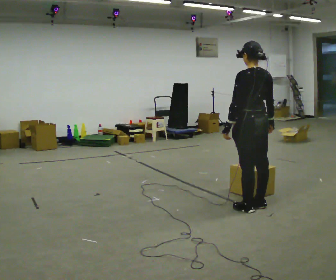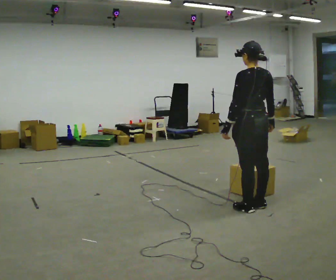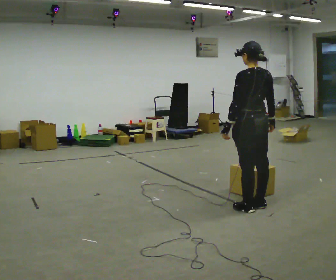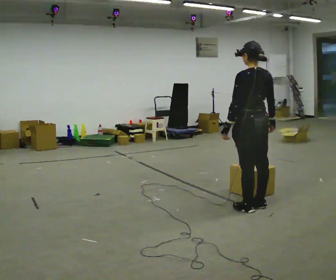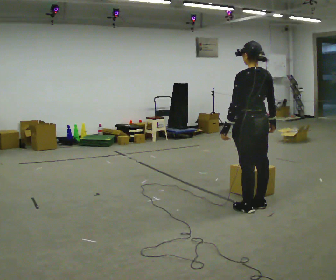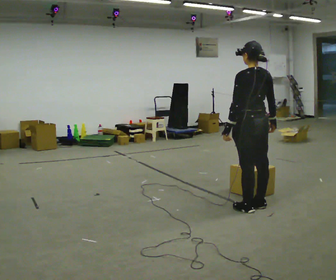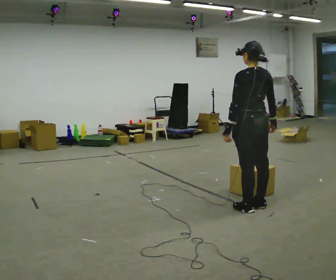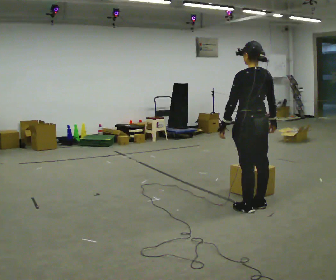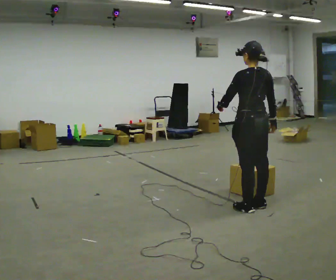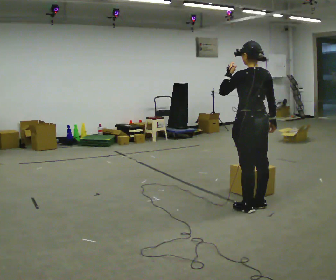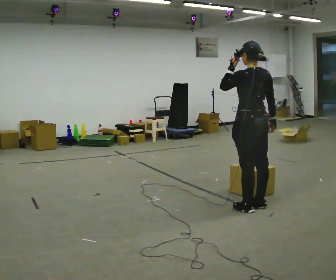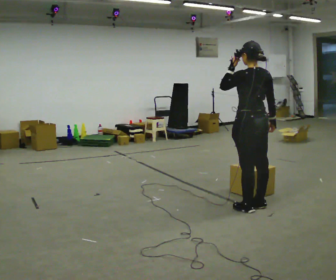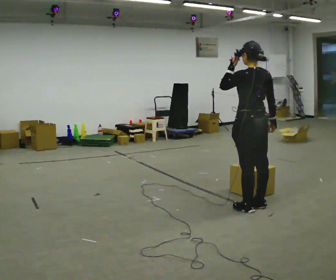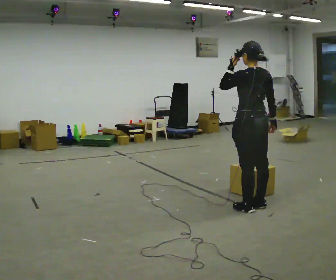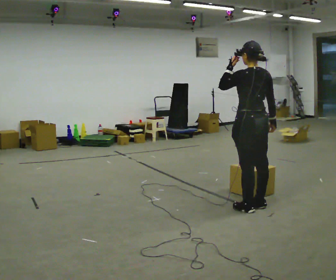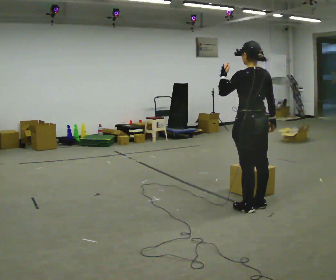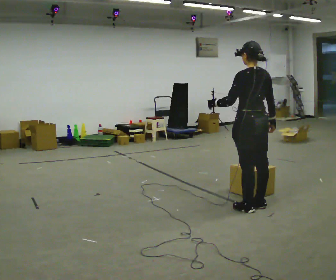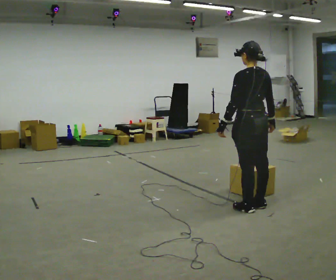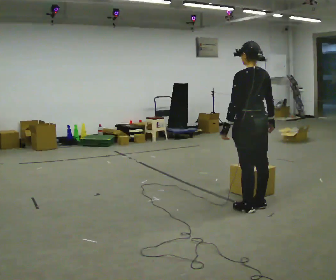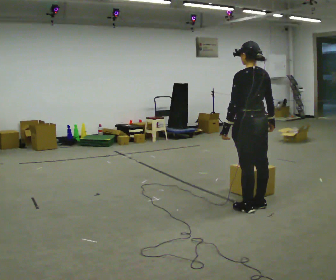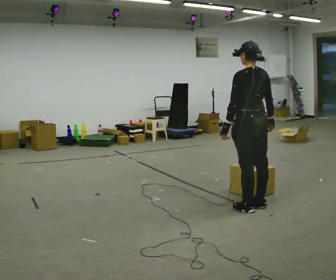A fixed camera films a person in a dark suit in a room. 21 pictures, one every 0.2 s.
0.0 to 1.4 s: The person moves a little, or ends about where they began.
1.4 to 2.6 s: In the picture their left hand goes upward.
2.6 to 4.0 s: In the picture their left hand goes downward.
The film runs backward here.
